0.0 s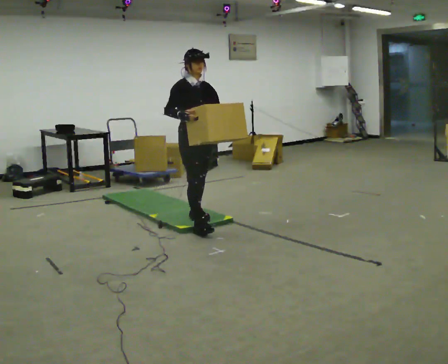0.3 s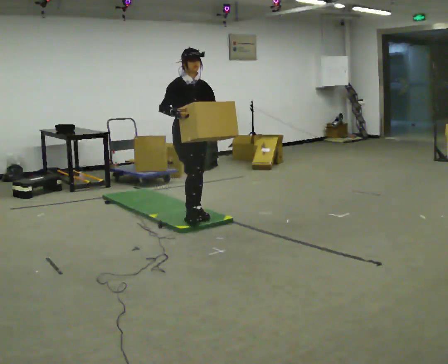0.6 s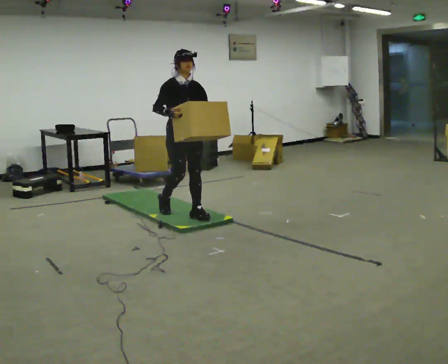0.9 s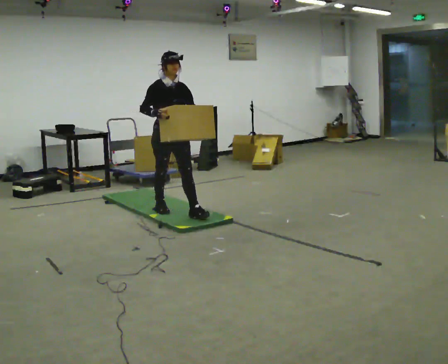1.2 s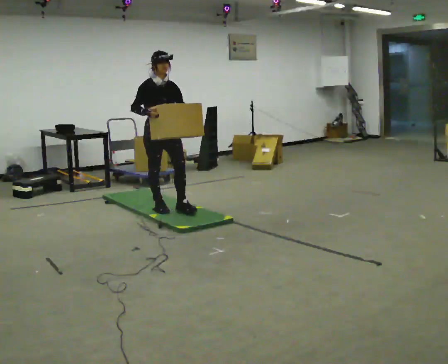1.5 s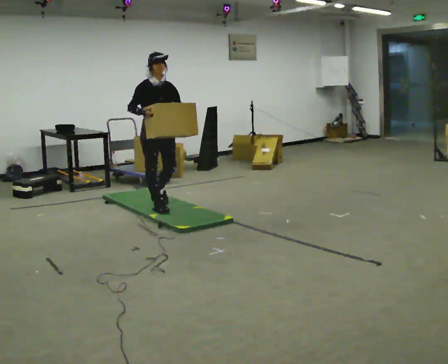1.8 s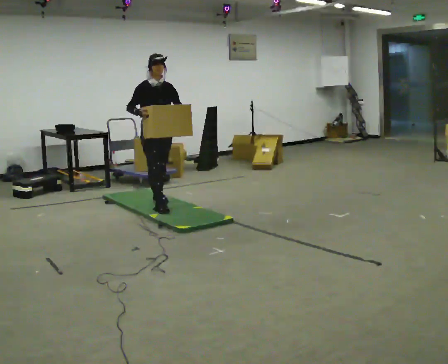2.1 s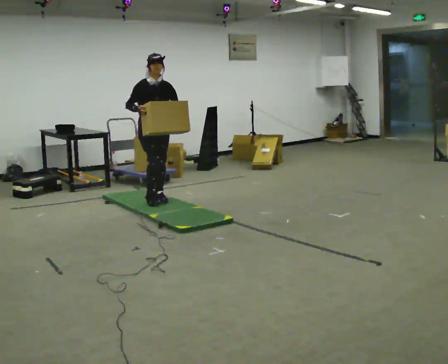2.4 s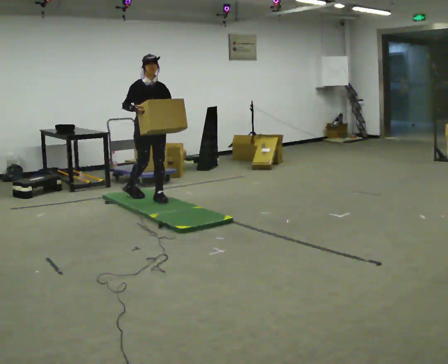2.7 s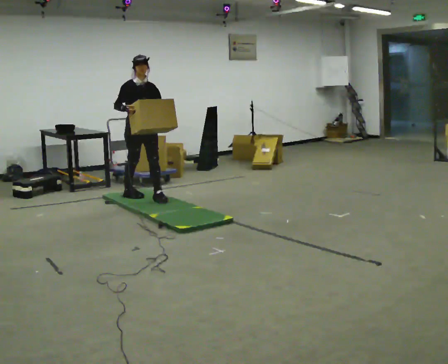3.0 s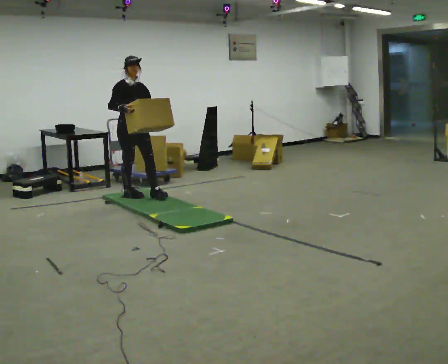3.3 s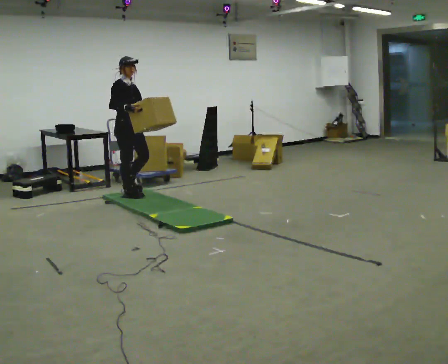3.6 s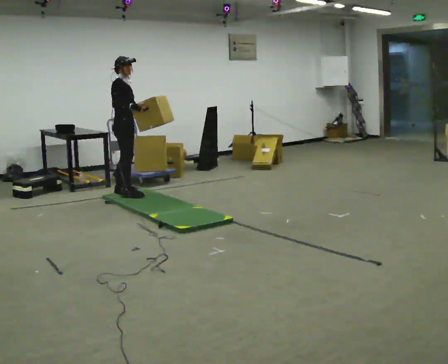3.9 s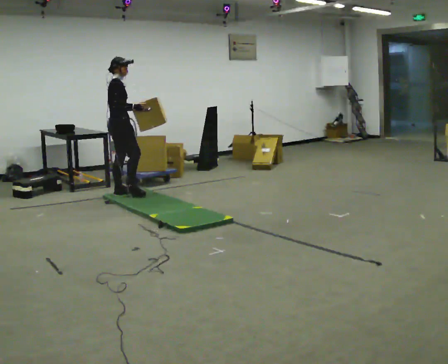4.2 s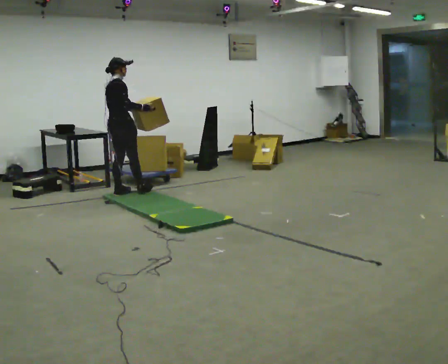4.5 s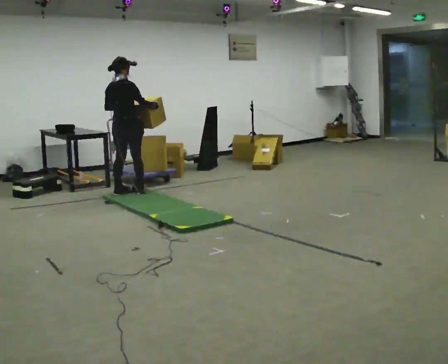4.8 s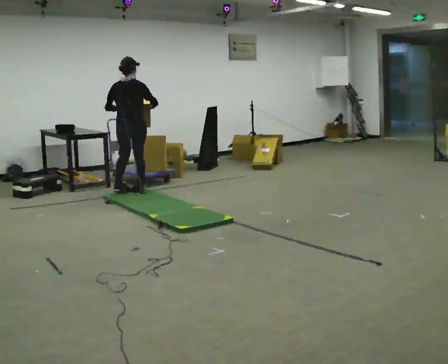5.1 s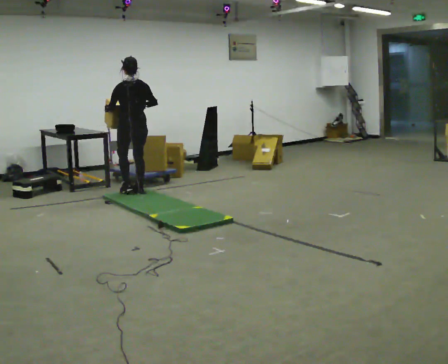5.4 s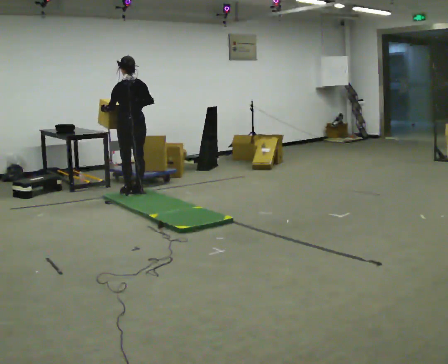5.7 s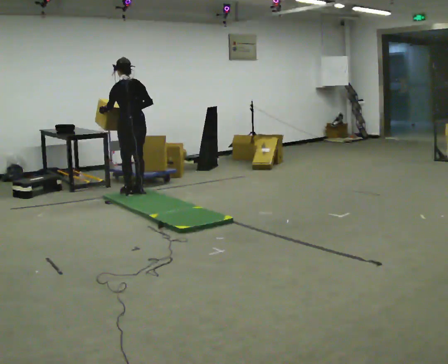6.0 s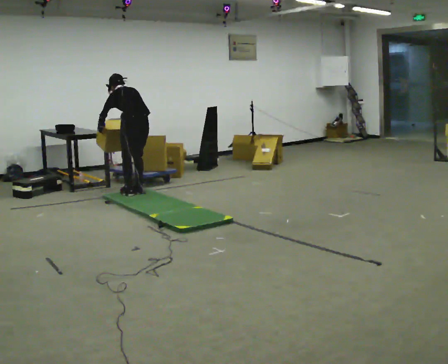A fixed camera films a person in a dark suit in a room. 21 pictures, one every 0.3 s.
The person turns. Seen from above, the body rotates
counterclockwise.
The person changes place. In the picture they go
away from the camera.
0.0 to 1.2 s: In the picture they go away from the camera and to the left, about 0.5 m in 2 steps, which for them is backward.
1.2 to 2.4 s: In the picture they go away from the camera, about 0.5 m in 1 step, which for them is backward.
2.4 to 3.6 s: Seen from above the body turns counterclockwise, about 60 degrees: to their left, with its near side sliding to the right. In the picture they go to the left and away from the camera, about 0.5 m in 1 step.
3.6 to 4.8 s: The part of the body nearest the lens slides to the right as the person turns to their left by about 90 degrees. In the picture they go away from the camera, about 0.25 m in 1 step.
4.8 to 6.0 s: The part of the body nearest the lens slides to the right as the person turns to their left by about 30 degrees. The upper body tips away from the camera, its near side rolling upward, as they bend forward.
The film runs backward here.
